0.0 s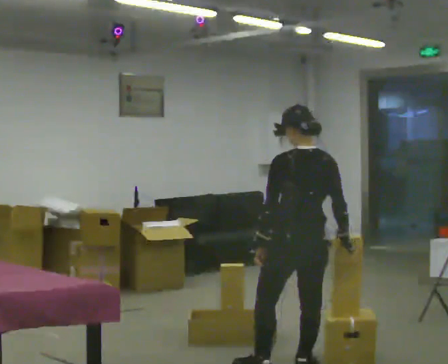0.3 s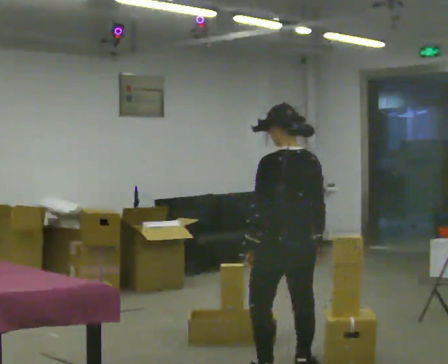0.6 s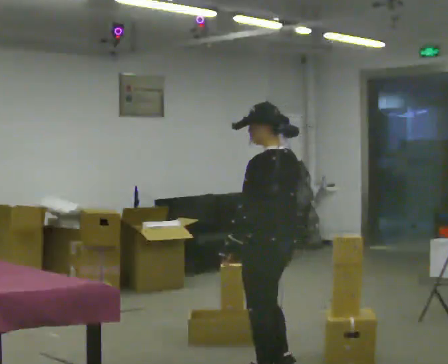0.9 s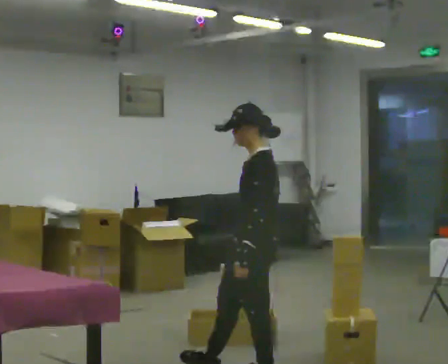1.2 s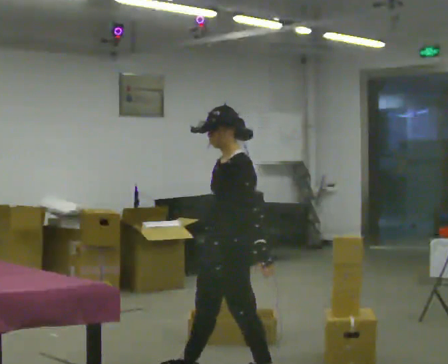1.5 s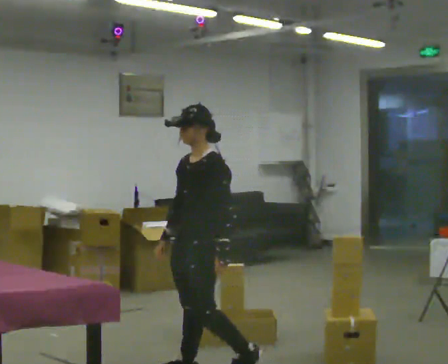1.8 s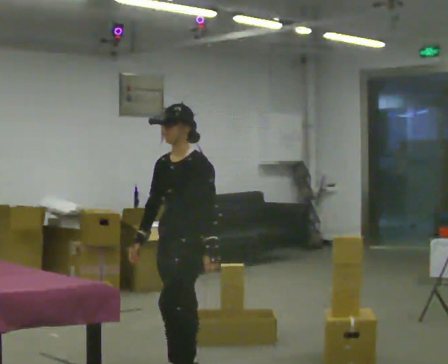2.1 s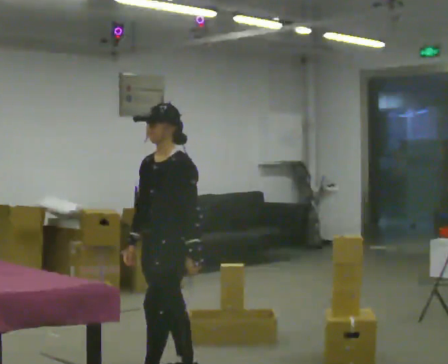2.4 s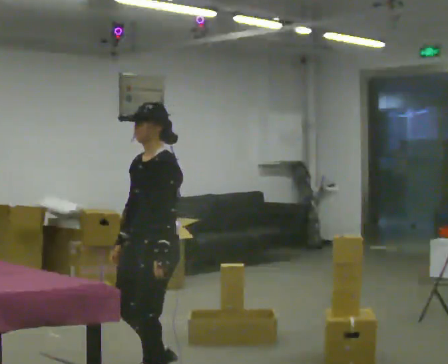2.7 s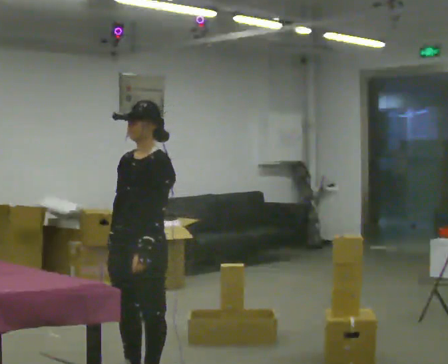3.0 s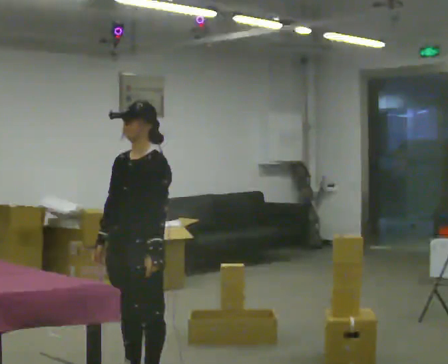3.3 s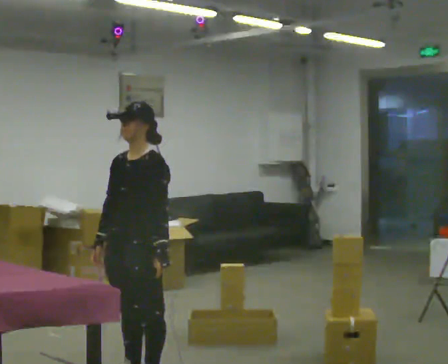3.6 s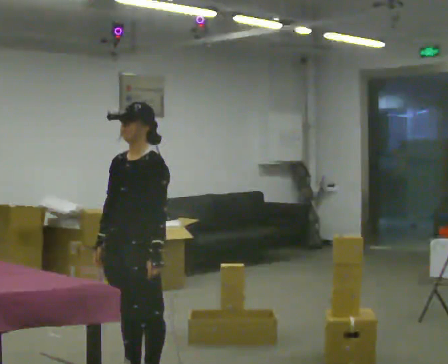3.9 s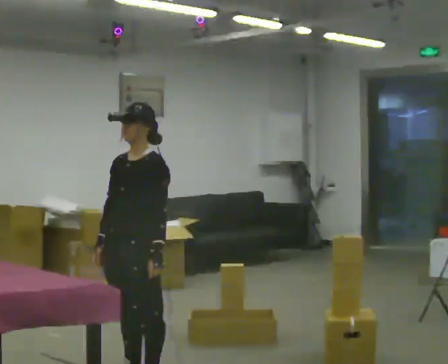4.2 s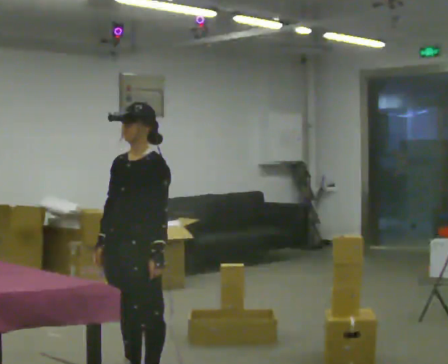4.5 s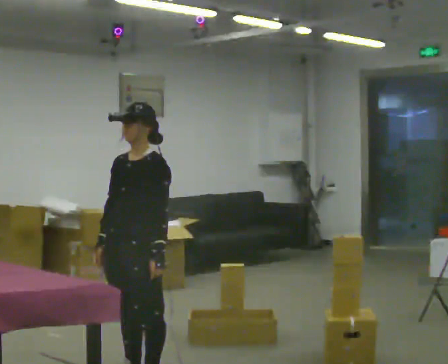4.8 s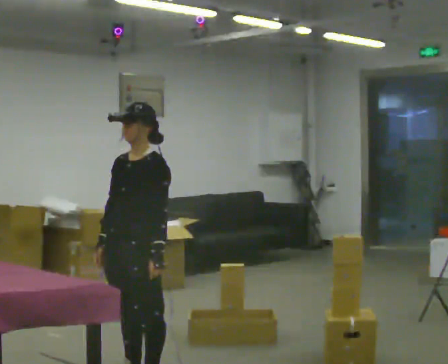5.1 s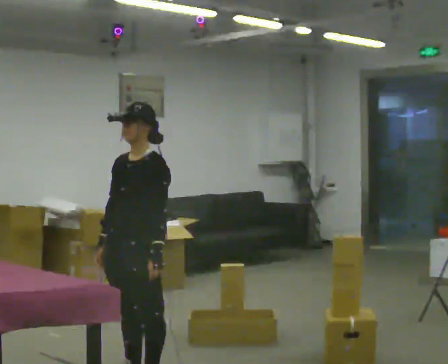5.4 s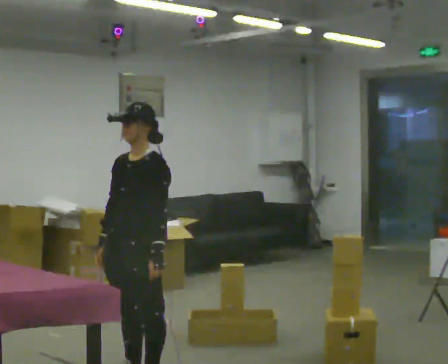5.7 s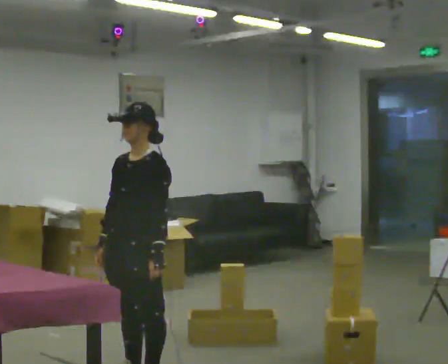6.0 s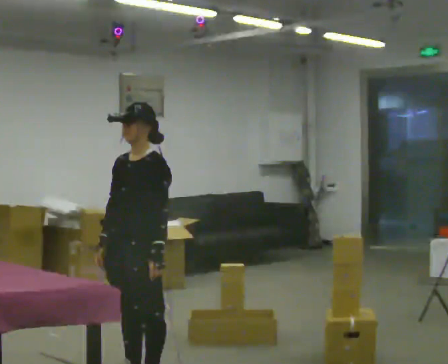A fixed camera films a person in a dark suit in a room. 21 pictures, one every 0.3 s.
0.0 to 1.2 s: The person turns about 90 degrees to their left, counterclockwise seen from above, so the part of the body nearest the lens slides to the right. In the picture they go to the left, about 0.5 m in 2 steps.
1.2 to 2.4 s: In the picture they go to the left, about 0.5 m in 1 step, which for them is forward and to their right.
2.4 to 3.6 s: The person moves a little, or ends about where they began.
3.6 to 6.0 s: The person keeps their place and pose.
The film runs forward here.
